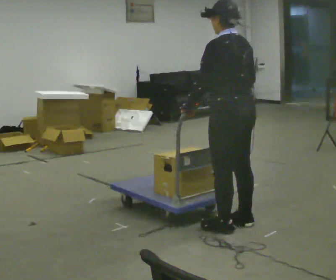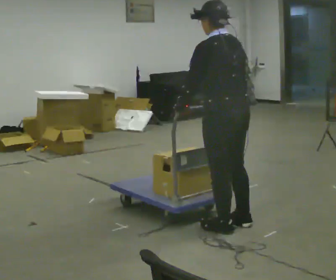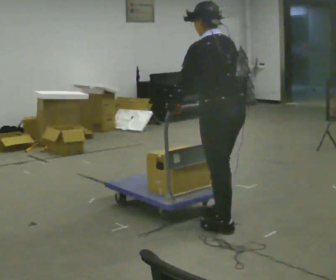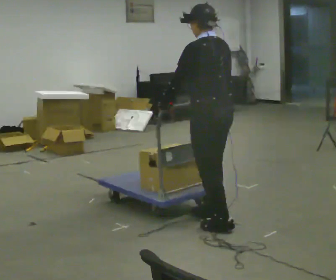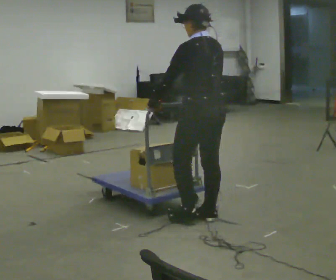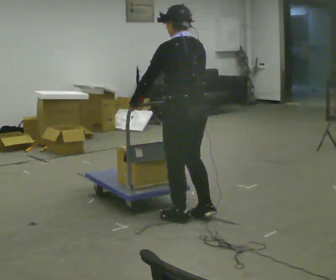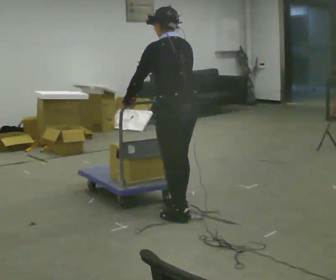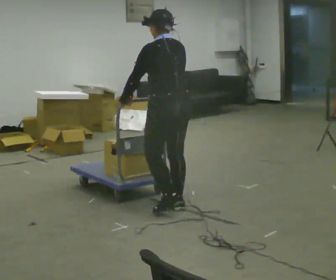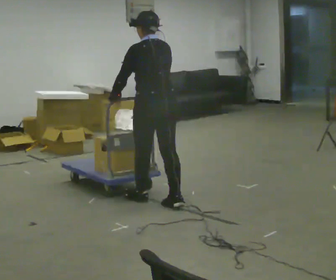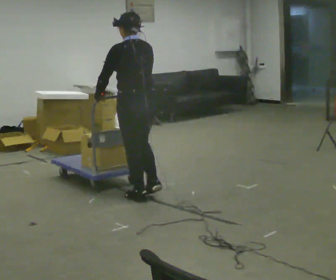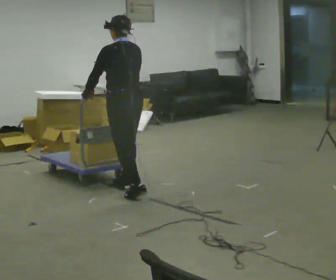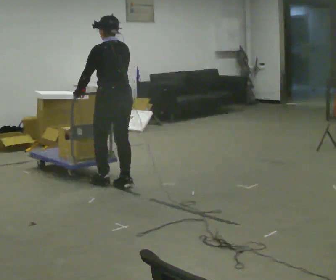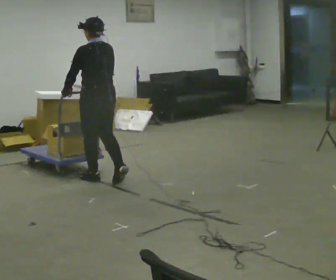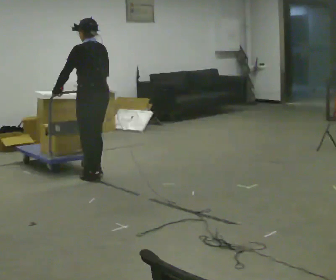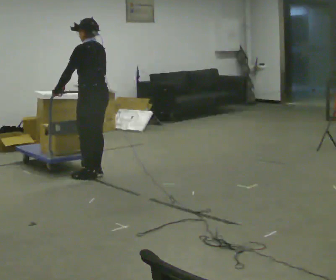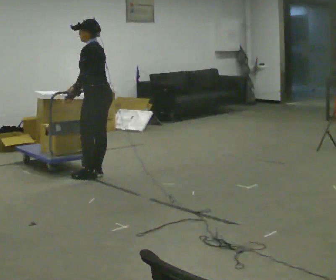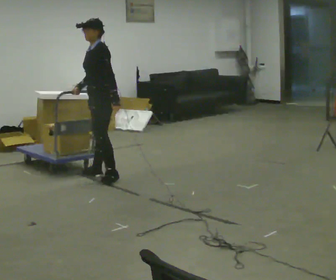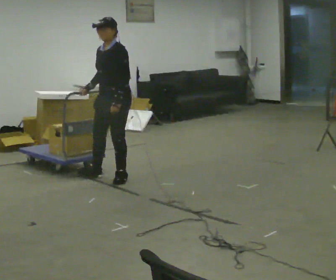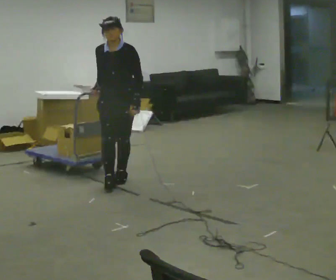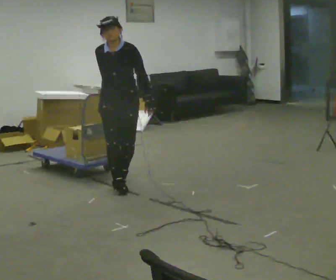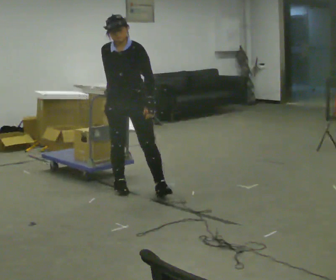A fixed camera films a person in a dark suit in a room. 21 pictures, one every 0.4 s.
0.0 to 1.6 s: In the picture they go away from the camera and to the left, about 0.25 m in 1 step, which for them is forward.
1.6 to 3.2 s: In the picture they go away from the camera and to the left, about 0.5 m in 3 steps, which for them is forward.
3.2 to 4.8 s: In the picture they go away from the camera and to the left, about 1 m in 2 steps, which for them is forward.
4.8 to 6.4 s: The person turns about 75 degrees to their left, counterclockwise seen from above, so the part of the body nearest the lens slides to the right. In the picture they go away from the camera, about 0.25 m in 1 step. In the picture their left hand goes to the right, the arm swinging counterclockwise.
6.4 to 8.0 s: Seen from above the body turns counterclockwise, about 60 degrees: to their left, with its near side sliding to the right. In the picture they go toward the camera and to the right, about 0.5 m in 2 steps.
The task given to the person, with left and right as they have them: Push the cart across the room and back. The operator will change how much is loaded on it between takes and will tell you each time.
The film runs forward here.
